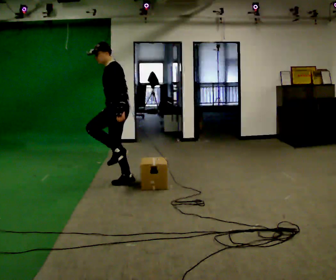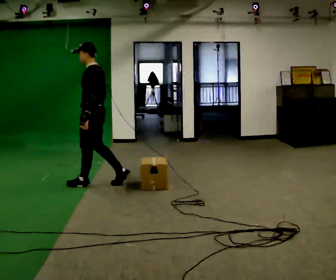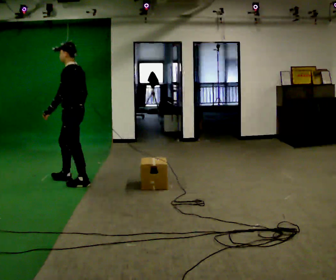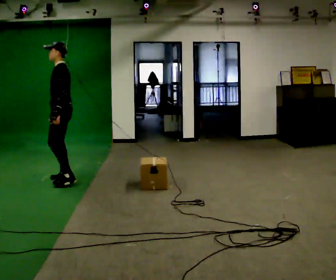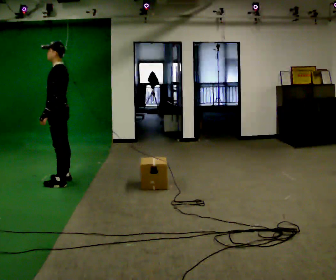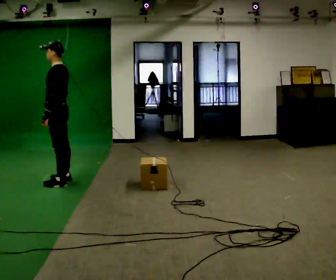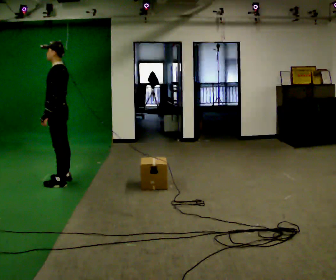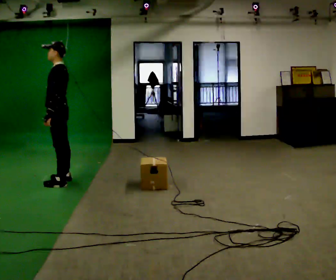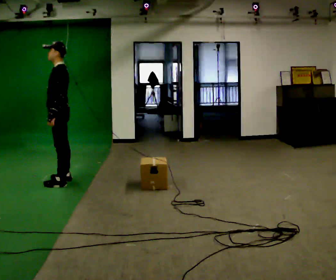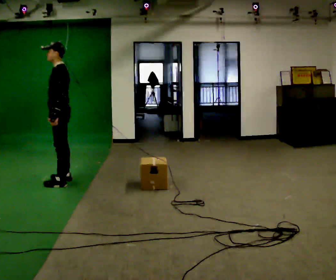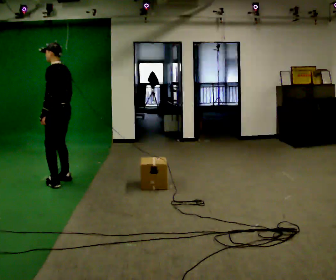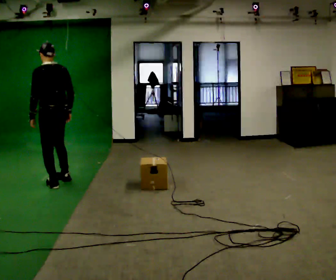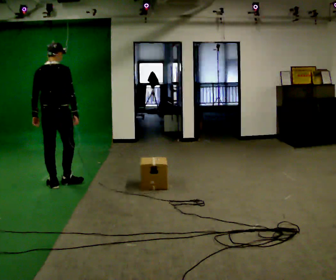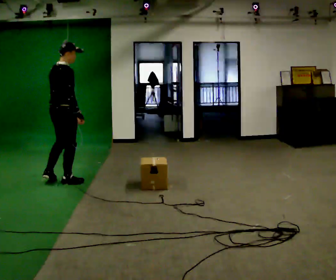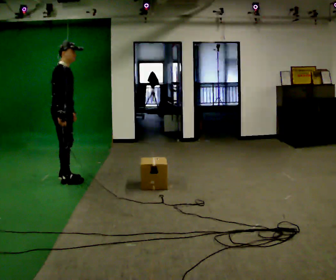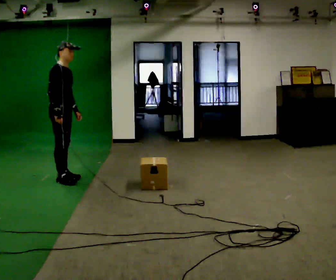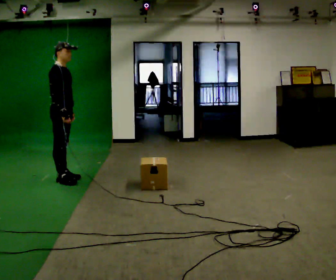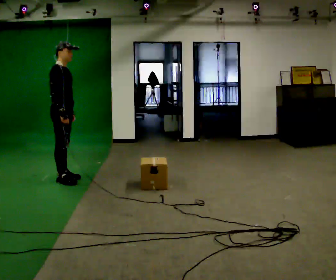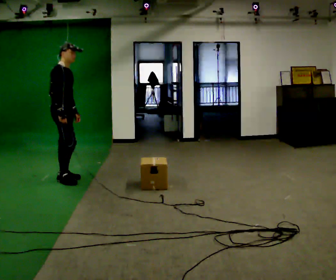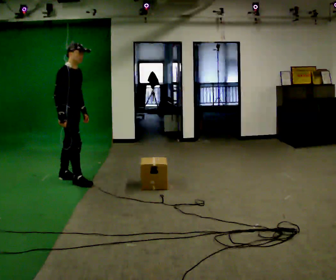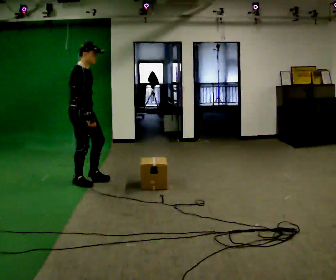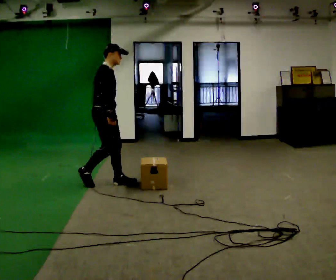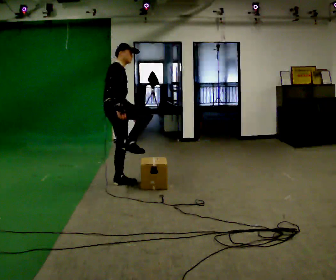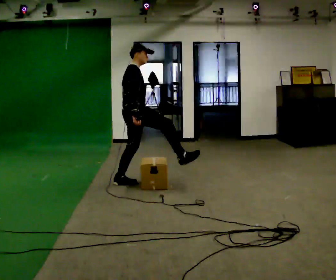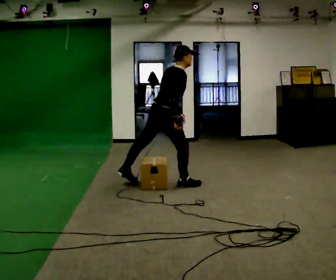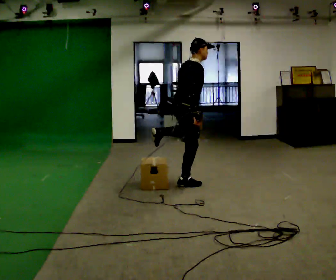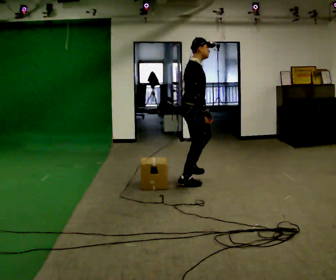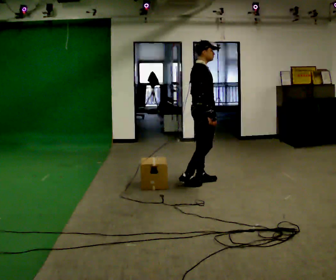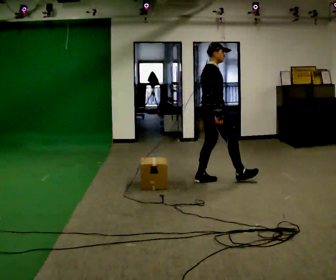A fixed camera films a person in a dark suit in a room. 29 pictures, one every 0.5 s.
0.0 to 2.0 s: In the picture they go to the left, about 0.5 m in 3 steps, which for them is forward.
2.0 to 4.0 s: The person moves a little, or ends about where they began.
4.0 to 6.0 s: The person turns about 105 degrees to their right, clockwise seen from above, so the part of the body nearest the lens slides to the left. In the picture they go toward the camera, about 0.25 m in 1 step. In the picture their right hand goes to the right, the arm swinging counterclockwise.
6.0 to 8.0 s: The person turns about 90 degrees to their right, clockwise seen from above, so the part of the body nearest the lens slides to the left. In the picture they go away from the camera, about 0.25 m in 1 step. In the picture their left hand goes to the right.
8.0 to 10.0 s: In the picture they go to the right and toward the camera, about 0.25 m in 1 step, which for them is forward.
10.0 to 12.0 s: Seen from above the body turns counterclockwise, about 30 degrees: to their left, with its near side sliding to the right. In the picture they go to the right, about 1 m in 2 steps, which for them is forward.
12.0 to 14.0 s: In the picture they go to the right, about 0.5 m in 1 step, which for them is forward. In the picture the upper body tilts counterclockwise, shoulders to the left, as they lean back or straighten.
The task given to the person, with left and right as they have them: Walk across the room at a normal pace, looking ahead. Something may appear in your way. Deal with it however comes naturally and carry on.
The film runs forward here.
